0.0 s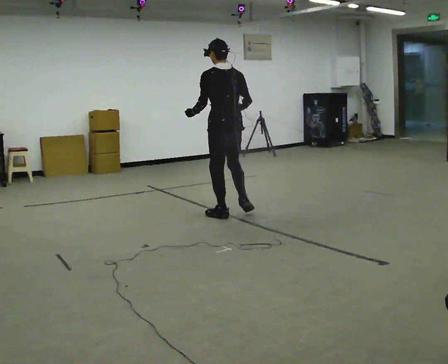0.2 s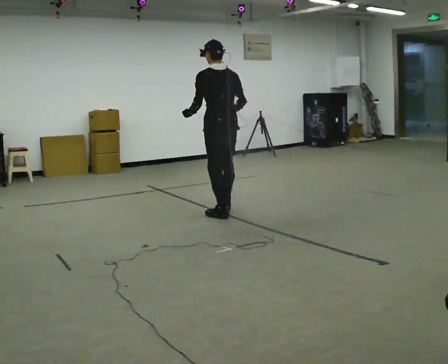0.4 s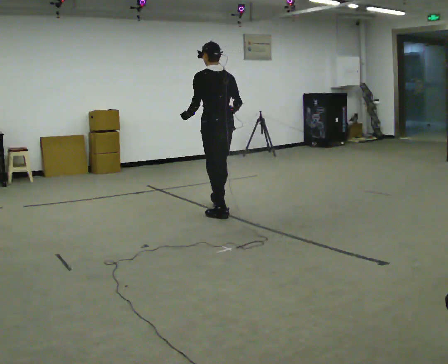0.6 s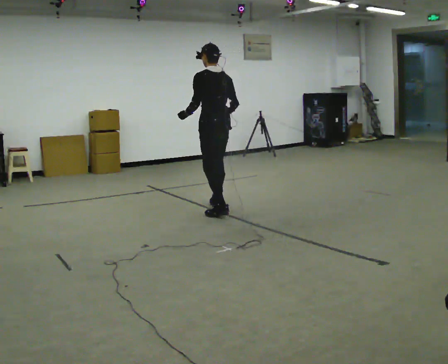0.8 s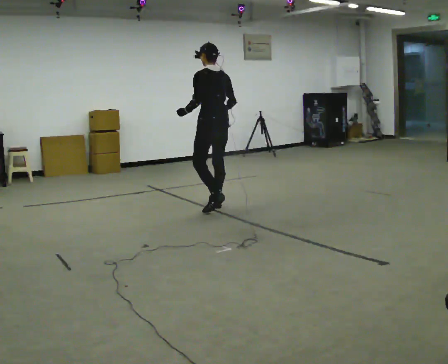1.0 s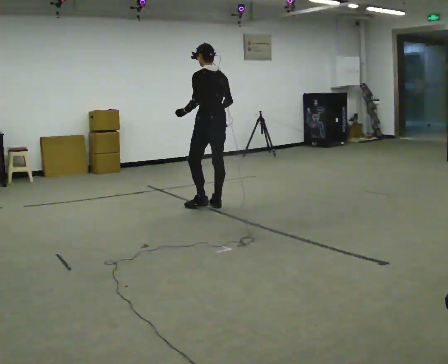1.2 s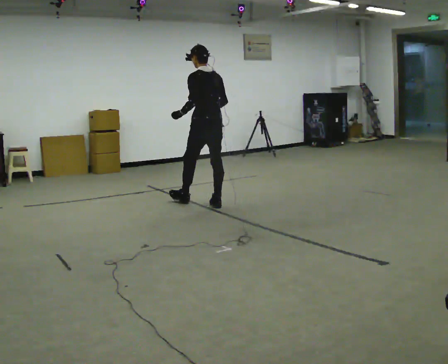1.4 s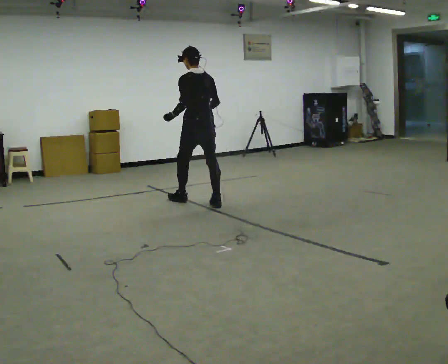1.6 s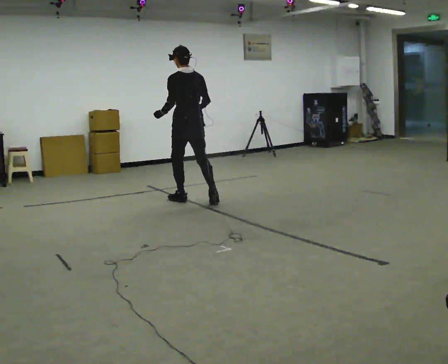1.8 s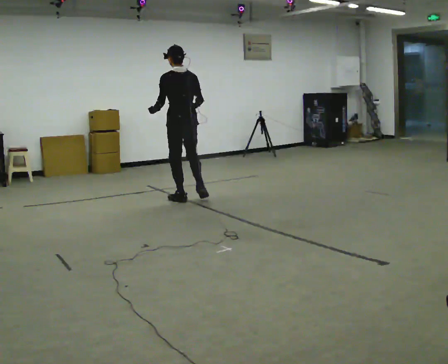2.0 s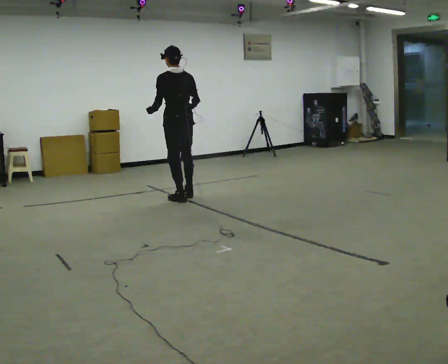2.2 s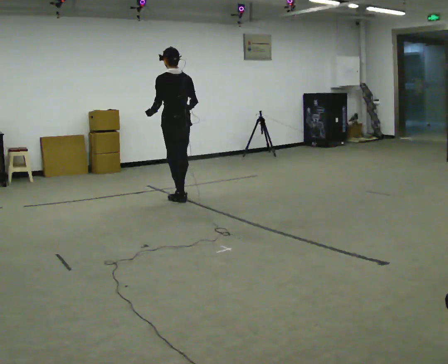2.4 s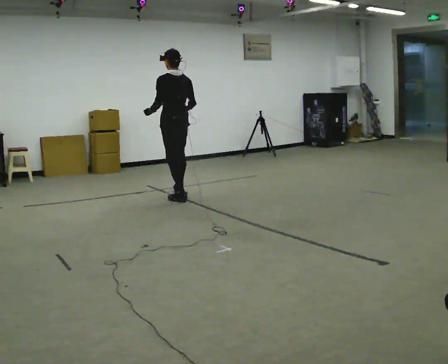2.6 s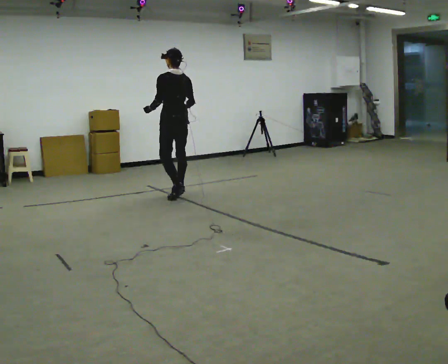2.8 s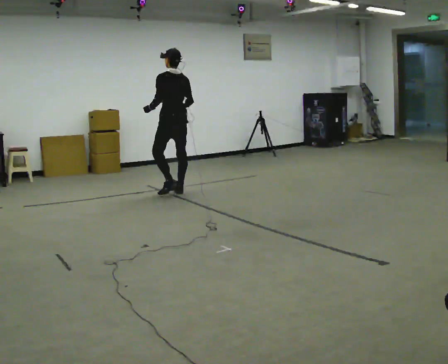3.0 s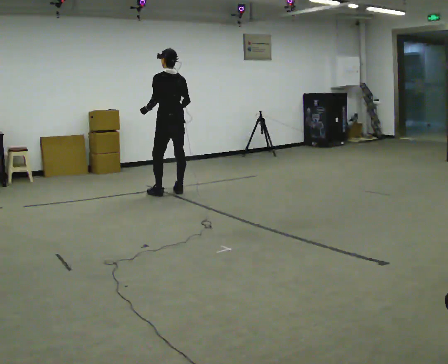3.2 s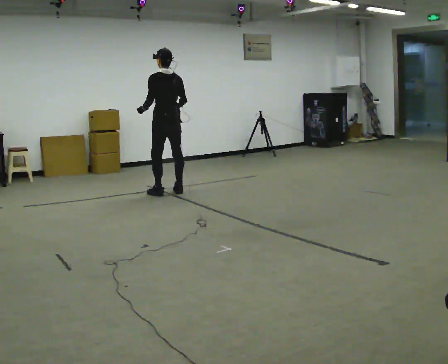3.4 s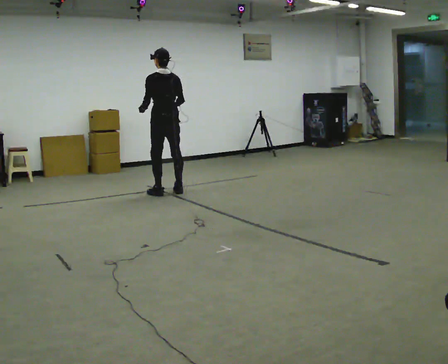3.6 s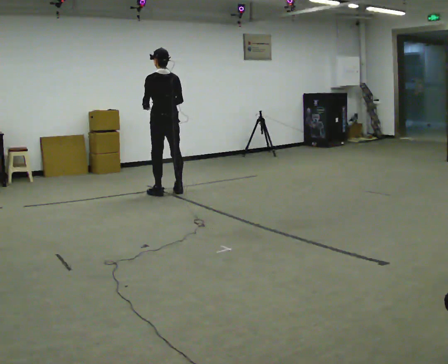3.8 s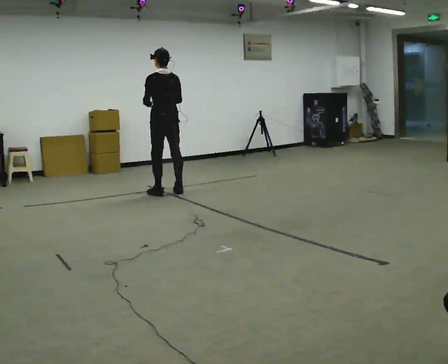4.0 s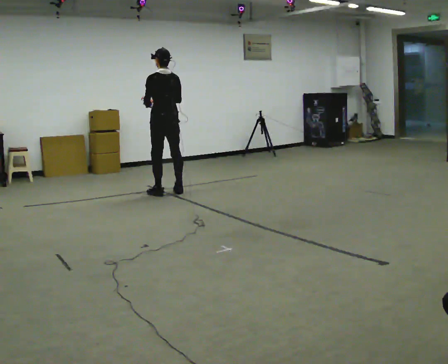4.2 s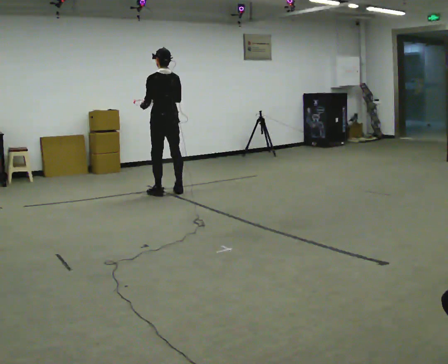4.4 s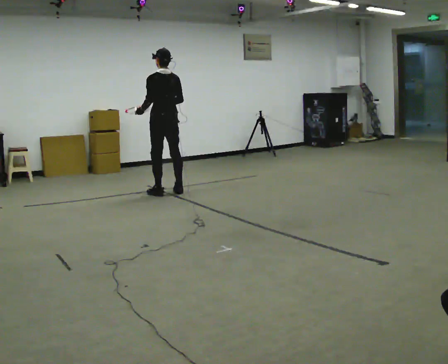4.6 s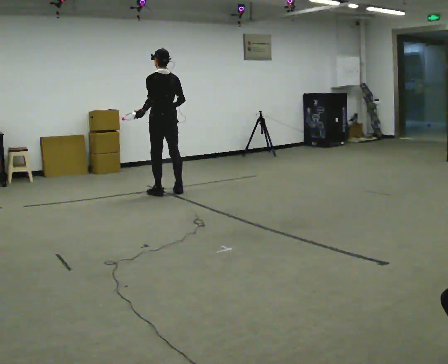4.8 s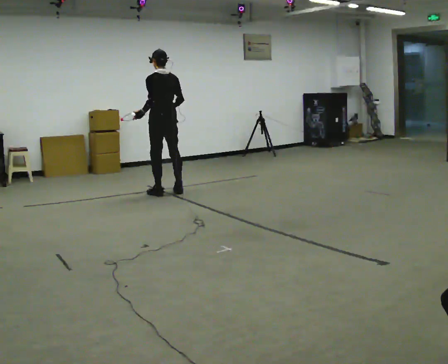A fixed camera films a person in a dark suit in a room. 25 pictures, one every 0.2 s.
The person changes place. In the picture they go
away from the camera.
0.0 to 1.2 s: In the picture they go away from the camera, about 0.5 m in 1 step, which for them is forward.
1.2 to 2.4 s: In the picture they go away from the camera and to the left, about 0.5 m in 2 steps, which for them is forward.
2.4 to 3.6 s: In the picture they go away from the camera, about 0.25 m in 1 step, which for them is forward.
3.6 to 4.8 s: The person moves a little, or ends about where they began.
The film runs forward here.
